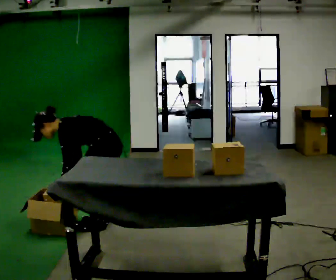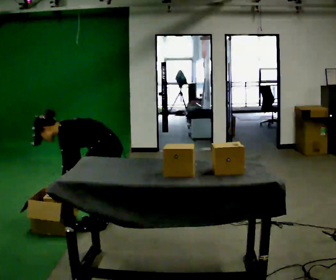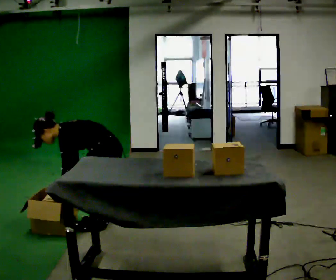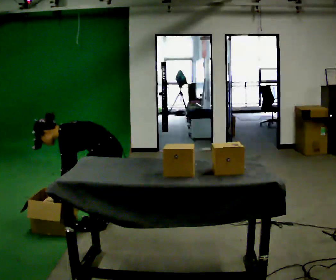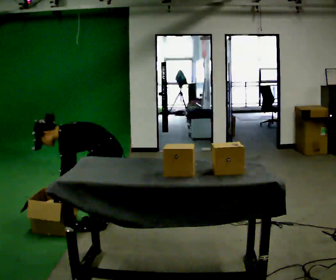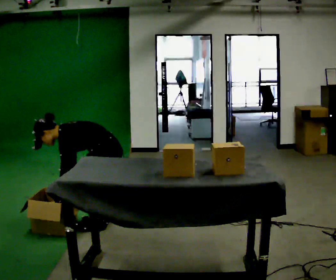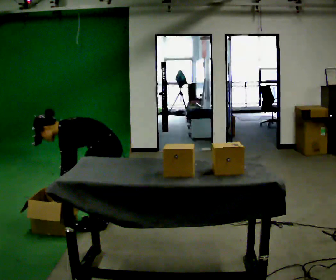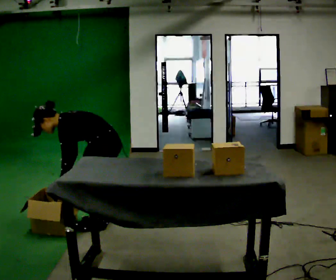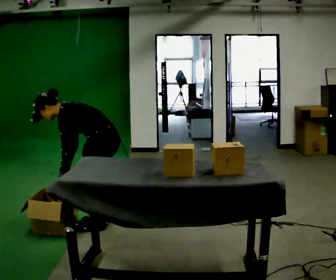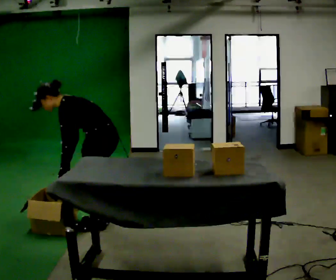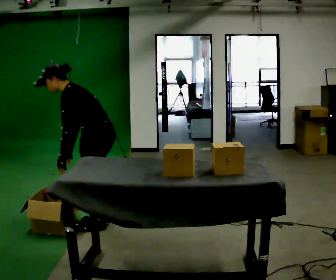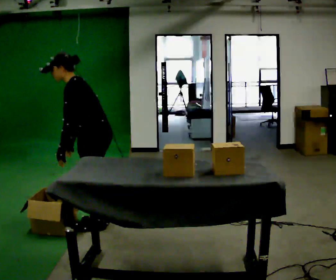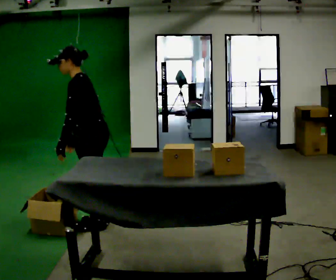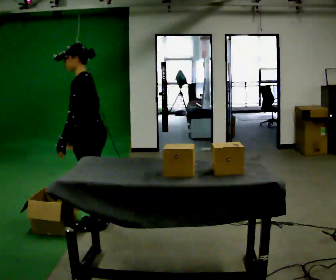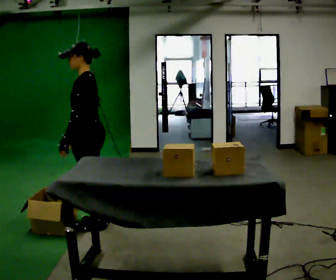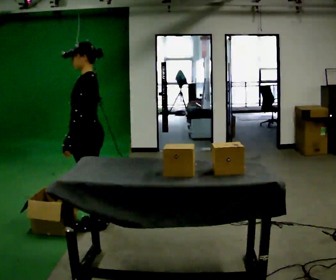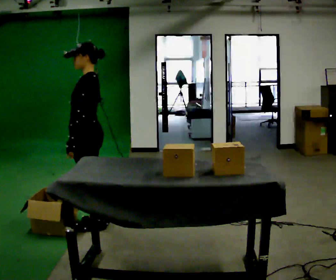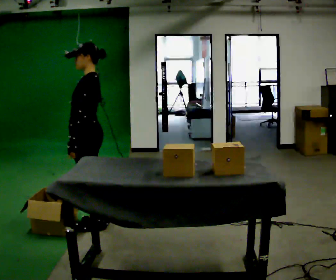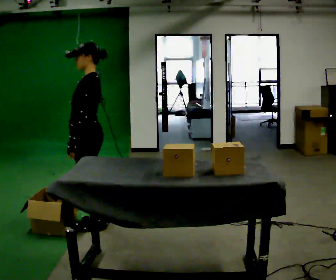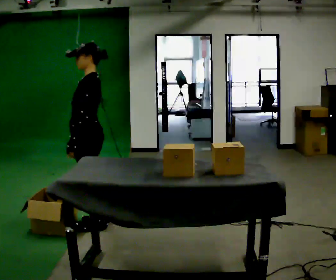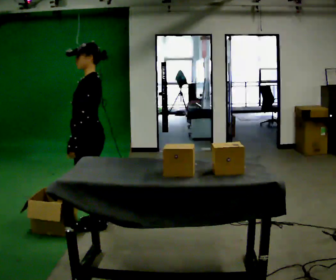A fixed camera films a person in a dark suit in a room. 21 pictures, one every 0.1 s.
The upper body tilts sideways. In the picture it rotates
clockwise.
0.0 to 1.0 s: The shoulders move upward. In the picture the upper body tilts clockwise, shoulders to the right, as they lean back or straighten. In the picture their right hand goes upward.
1.0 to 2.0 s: In the picture the upper body tilts clockwise, shoulders to the right, as they lean back or straighten.
The film runs forward here.
